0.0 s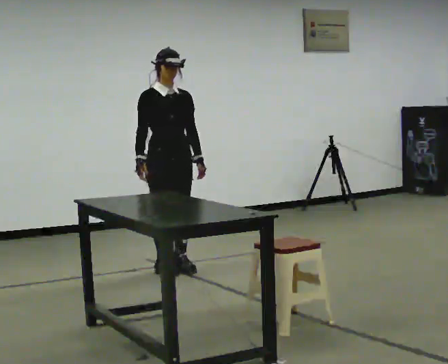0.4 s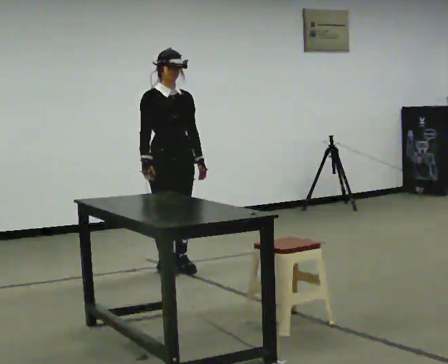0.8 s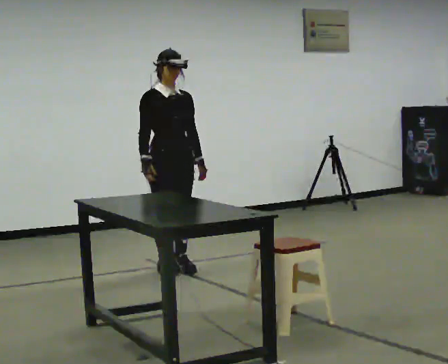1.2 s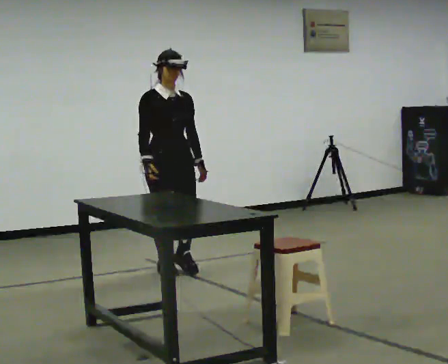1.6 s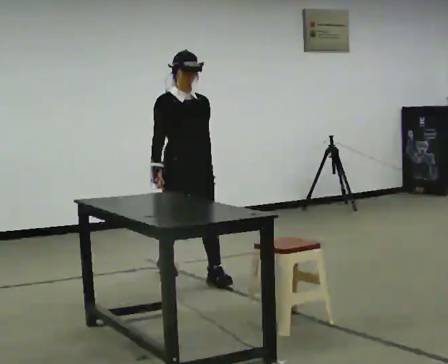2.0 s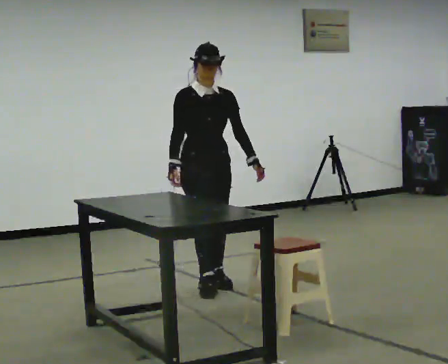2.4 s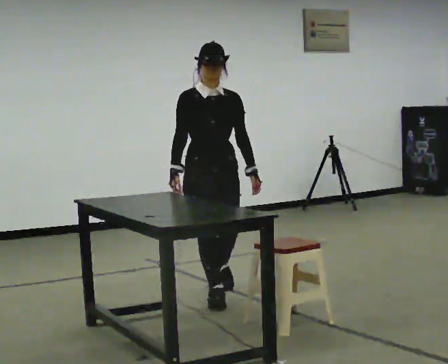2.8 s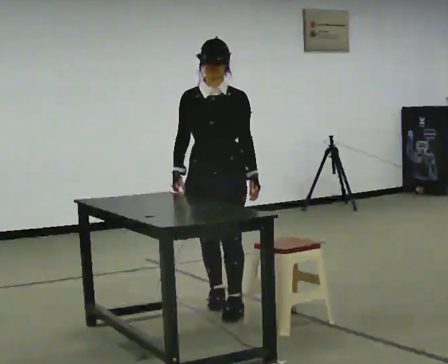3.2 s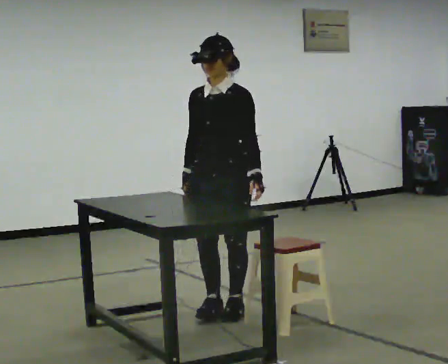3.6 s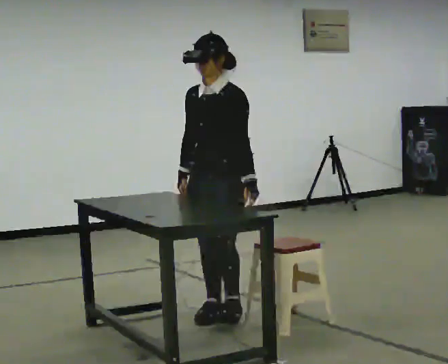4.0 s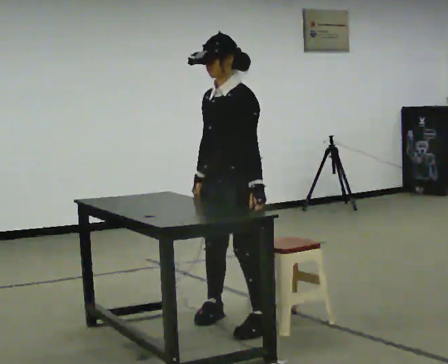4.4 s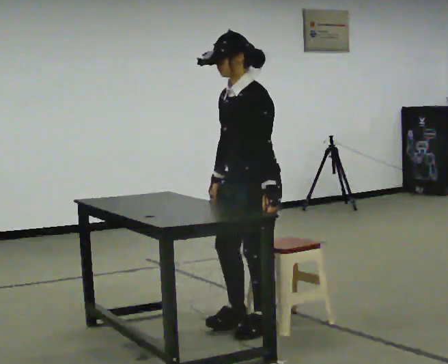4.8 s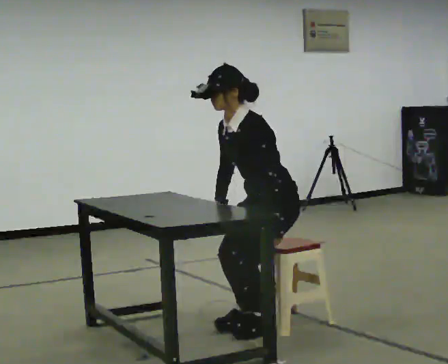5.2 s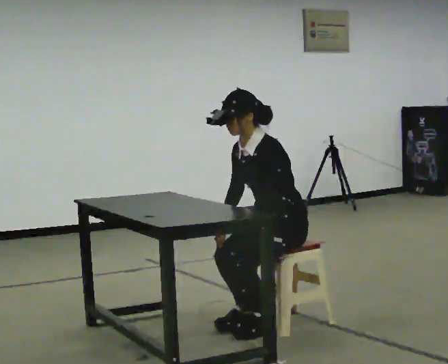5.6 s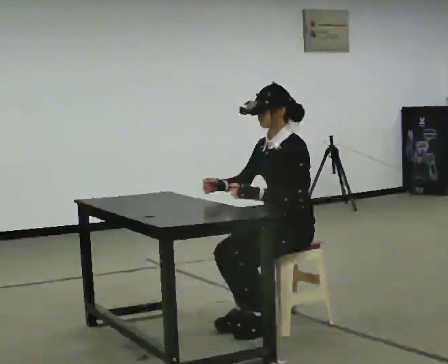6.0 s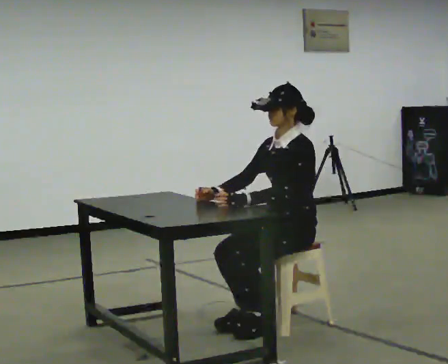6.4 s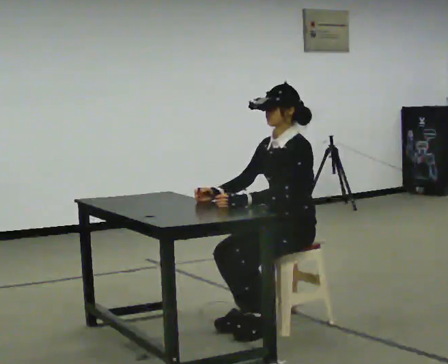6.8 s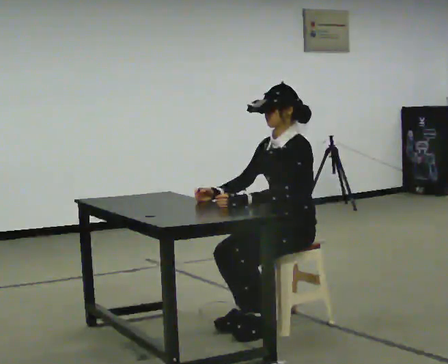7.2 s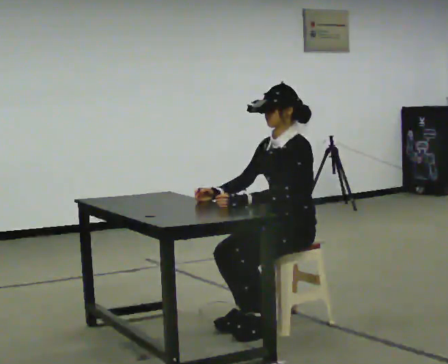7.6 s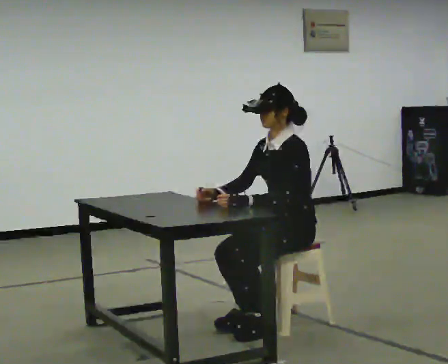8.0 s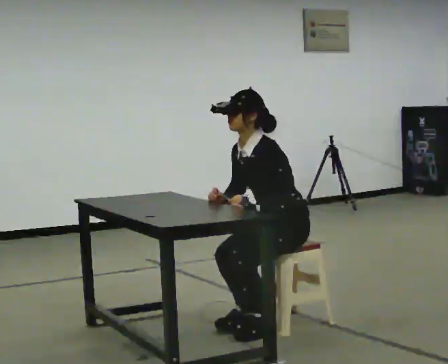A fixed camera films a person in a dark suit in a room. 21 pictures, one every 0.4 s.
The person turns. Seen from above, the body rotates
clockwise.
The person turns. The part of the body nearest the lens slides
to the left.
0.0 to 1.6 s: In the picture they go toward the camera and to the right, about 0.25 m in 1 step, which for them is forward.
1.6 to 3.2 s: The person turns about 60 degrees to their right, clockwise seen from above, so the part of the body nearest the lens slides to the left. In the picture they go toward the camera, about 1 m in 2 steps, which for them is forward.
3.2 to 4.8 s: The person turns about 45 degrees to their right, clockwise seen from above, so the part of the body nearest the lens slides to the left. In the picture they go to the right and toward the camera, about 0.5 m in 3 steps, which for them is to their left. The shoulders move downward. In the picture the upper body tilts counterclockwise, shoulders to the left, as they bend forward.
4.8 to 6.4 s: In the picture the upper body tilts clockwise, shoulders to the right, as they lean back or straighten.
6.4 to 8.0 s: In the picture the upper body tilts counterclockwise, shoulders to the left, as they bend forward.
The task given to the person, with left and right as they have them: Walk up to the chair at the table, sit down into the space, settle as if you were about to work there, then stand up and step away. Repeat the movement at your own pace until the operator says stop; do not rush.
The film runs forward here.
